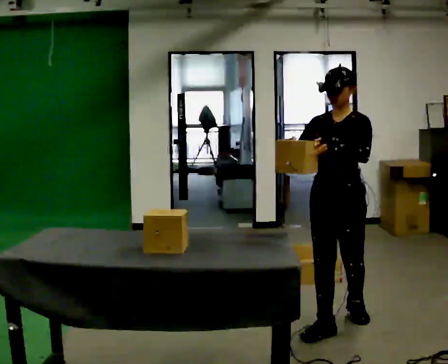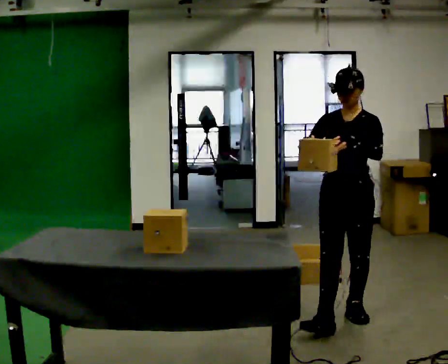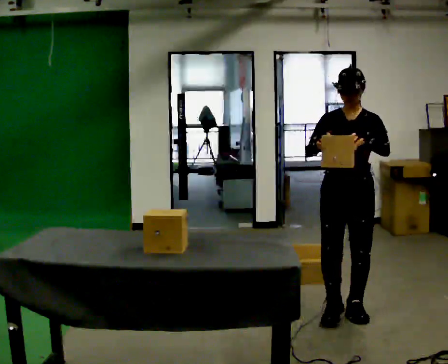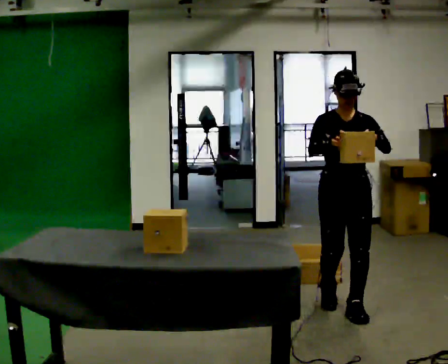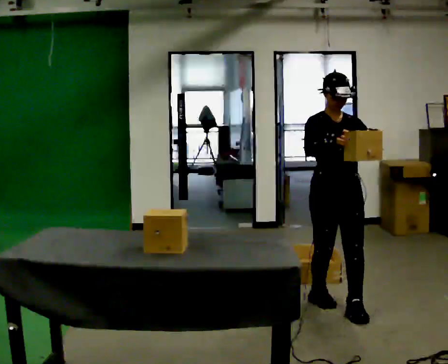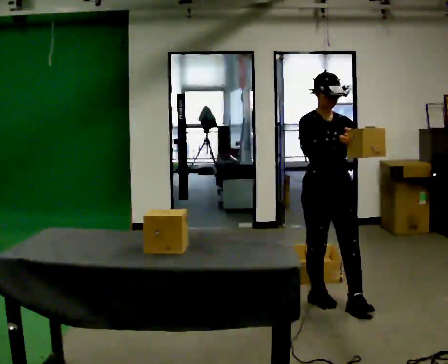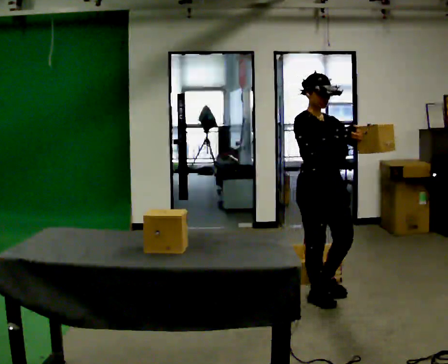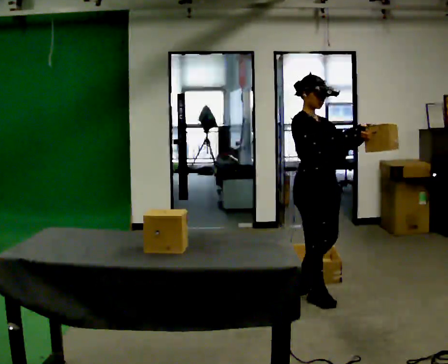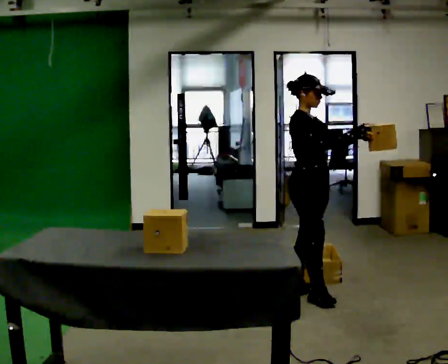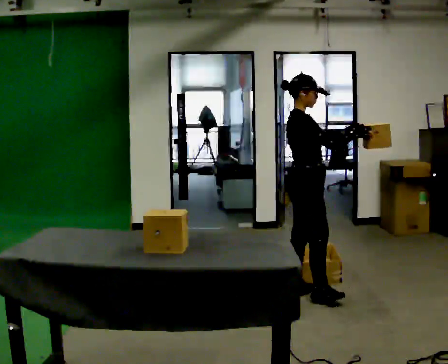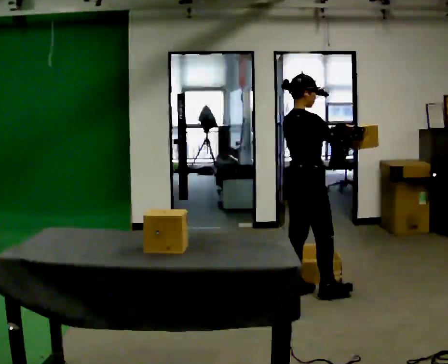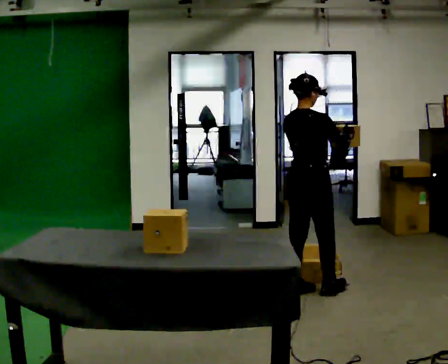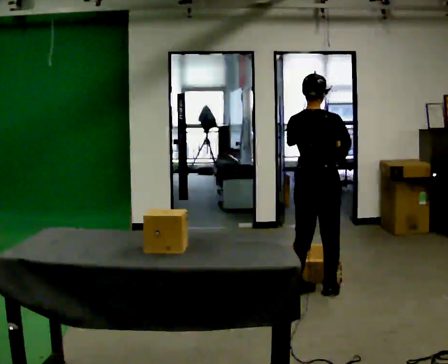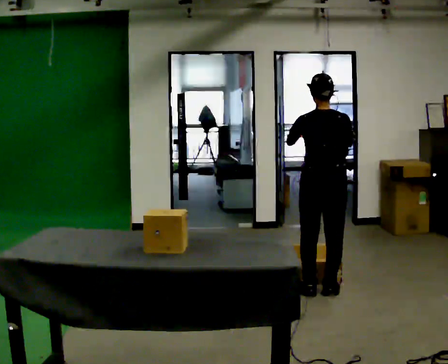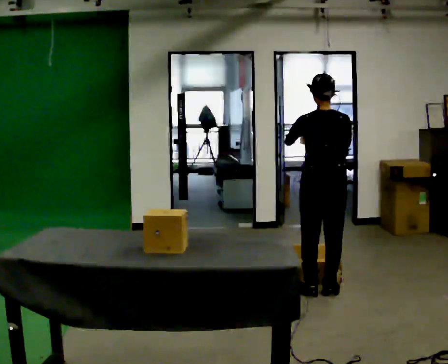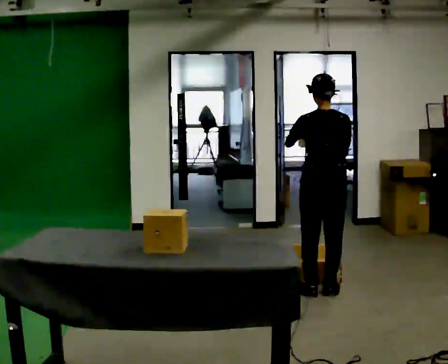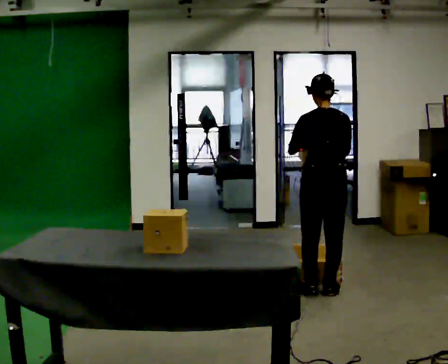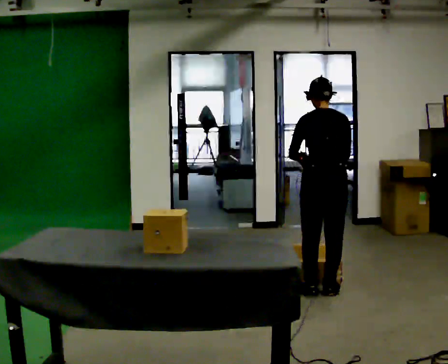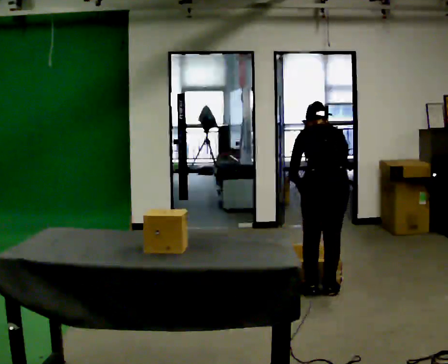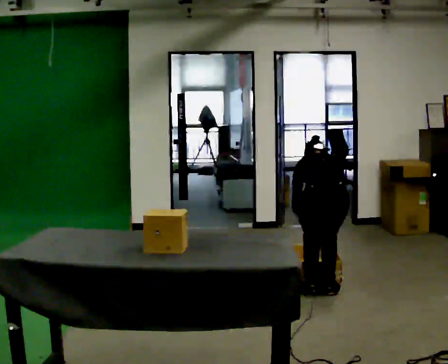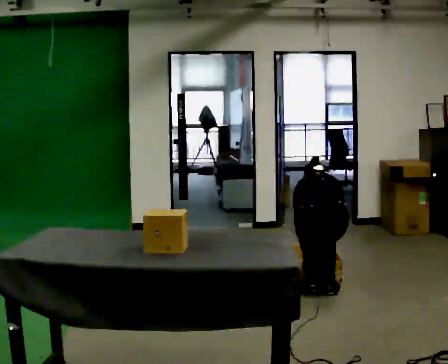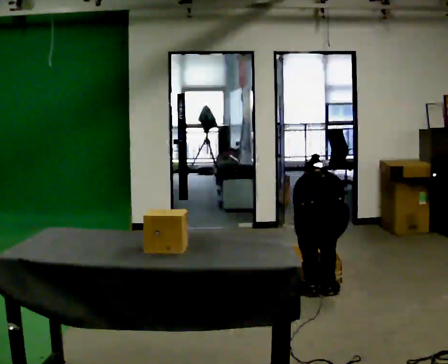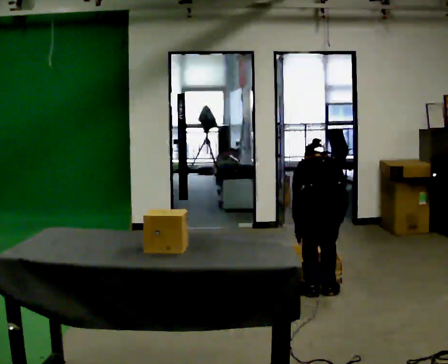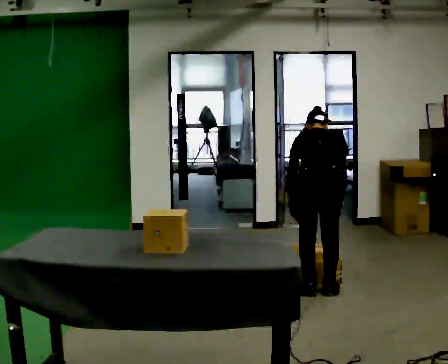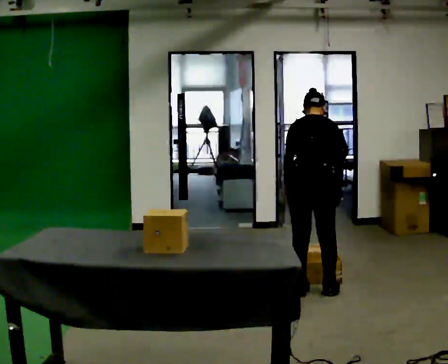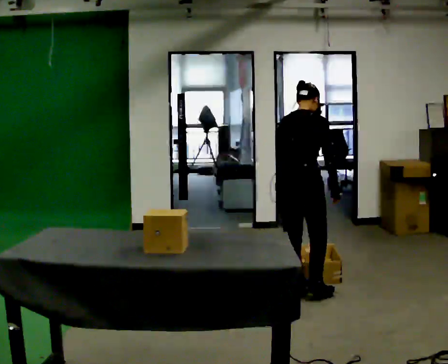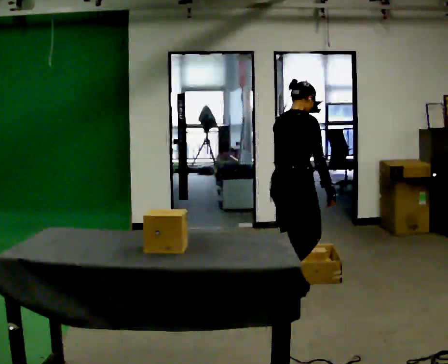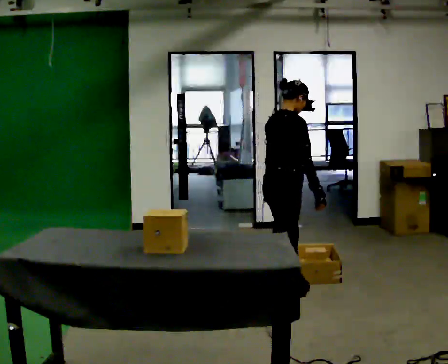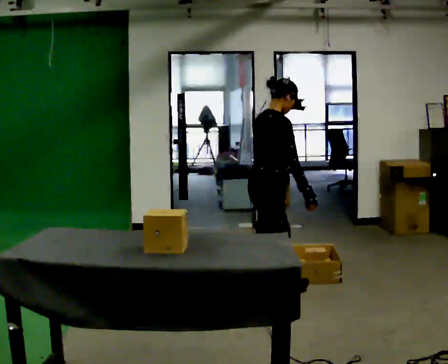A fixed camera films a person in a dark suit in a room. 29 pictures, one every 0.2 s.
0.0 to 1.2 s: The part of the body nearest the lens slides to the right as the person turns to their left by about 60 degrees. In the picture they go away from the camera, about 0.5 m in 2 steps.
1.2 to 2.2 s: Seen from above the body turns counterclockwise, about 90 degrees: to their left, with its near side sliding to the right. In the picture they go away from the camera, about 0.25 m.
2.2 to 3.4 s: Seen from above the body turns counterclockwise, about 60 degrees: to their left, with its near side sliding to the right.
3.4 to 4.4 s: The upper body tips away from the camera, its near side rolling upward, as they bend forward. In the picture their left hand goes downward.
4.4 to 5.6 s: Seen from above the body turns clockwise, about 75 degrees: to their right, with its near side sliding to the left. In the picture they go to the left, about 0.5 m in 2 steps. The shoulders move upward. The upper body tips toward the camera, its near side rolling downward, as they lean back or straighten. In the picture their right hand goes upward.
The film runs backward here.
